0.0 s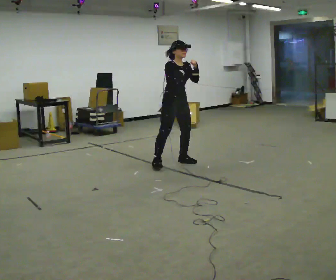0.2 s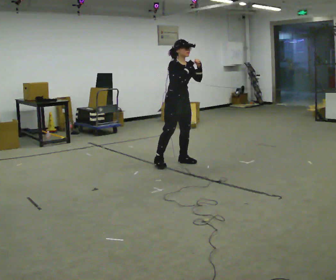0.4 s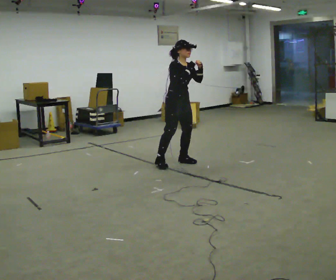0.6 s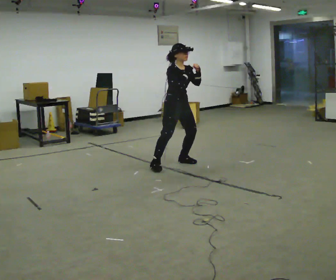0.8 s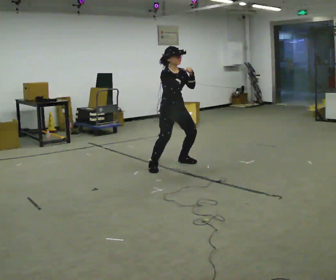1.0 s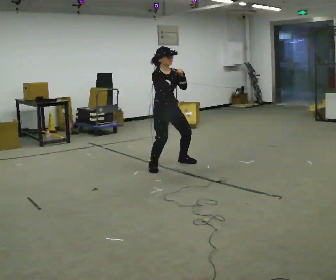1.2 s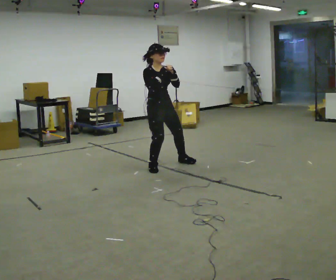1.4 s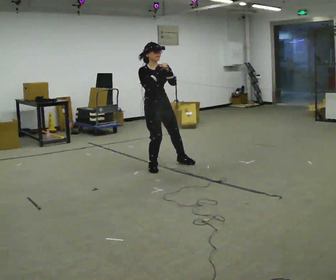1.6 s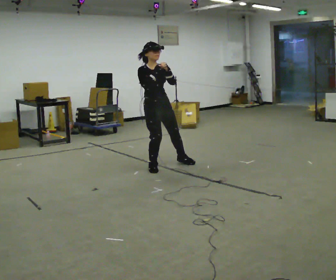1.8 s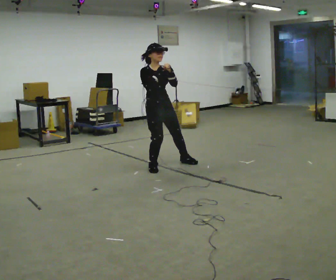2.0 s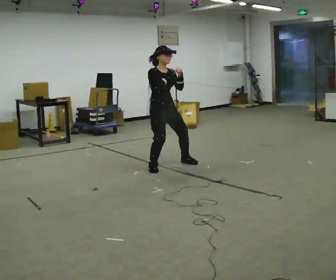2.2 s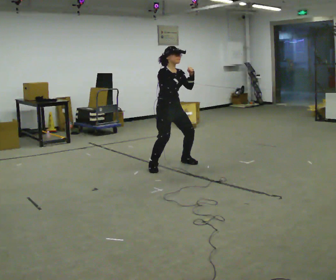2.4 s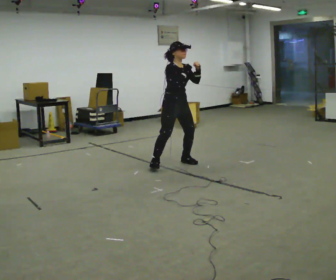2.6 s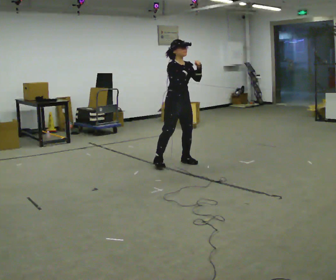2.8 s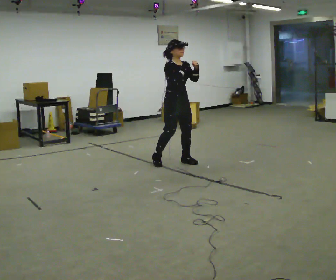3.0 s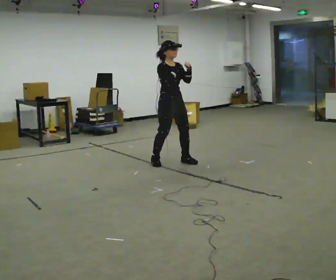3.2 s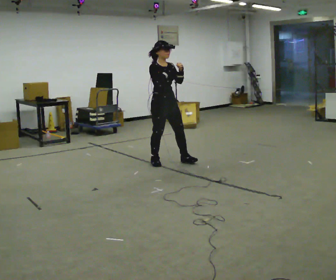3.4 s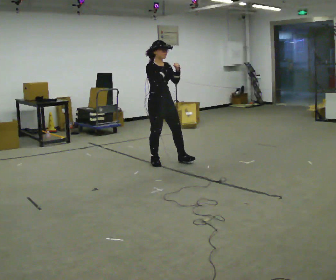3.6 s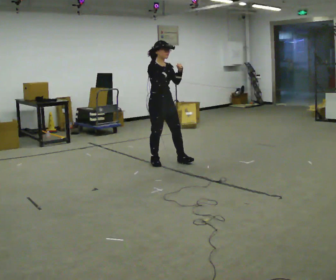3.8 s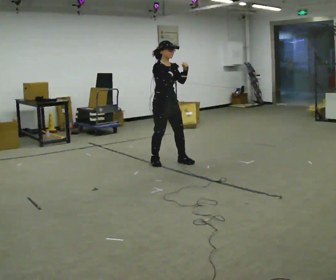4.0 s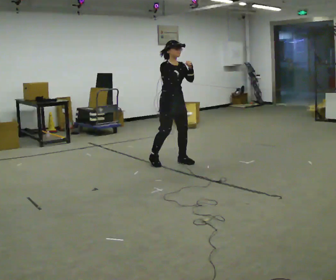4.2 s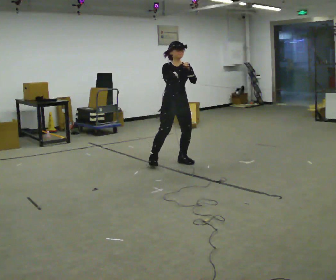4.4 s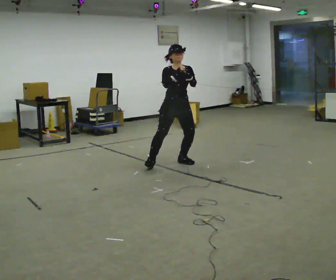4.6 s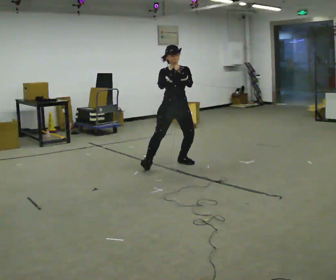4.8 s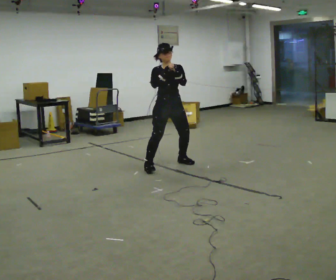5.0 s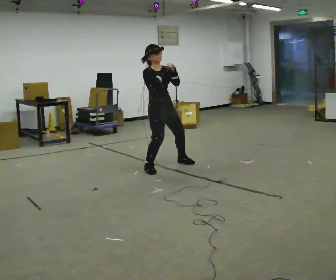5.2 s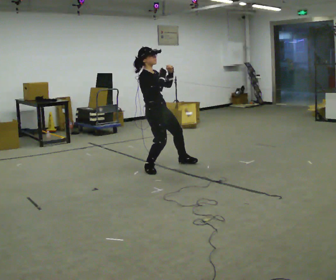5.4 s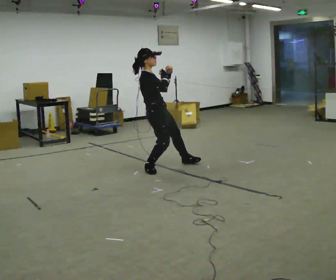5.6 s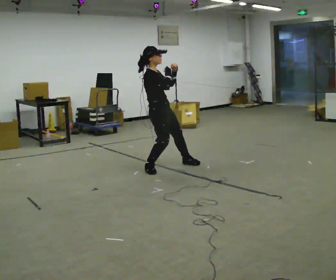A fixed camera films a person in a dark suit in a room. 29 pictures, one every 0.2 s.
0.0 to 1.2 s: In the picture they go toward the camera and to the left, about 0.25 m, which for them is to their right.
1.2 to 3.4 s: In the picture they go away from the camera, about 0.25 m in 1 step, which for them is backward.
3.4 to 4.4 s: The part of the body nearest the lens slides to the left as the person turns to their right by about 30 degrees. In the picture they go to the right, about 0.25 m in 1 step, which for them is to their left.
4.4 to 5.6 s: Seen from above the body turns counterclockwise, about 60 degrees: to their left, with its near side sliding to the right. In the picture they go toward the camera and to the left, about 0.5 m.
The film runs backward here.
